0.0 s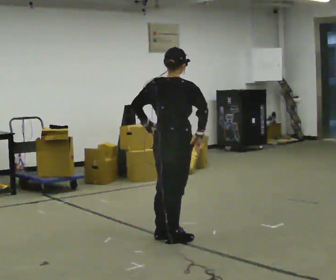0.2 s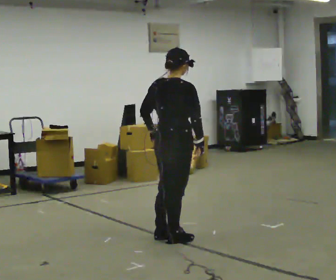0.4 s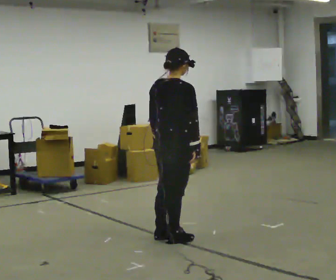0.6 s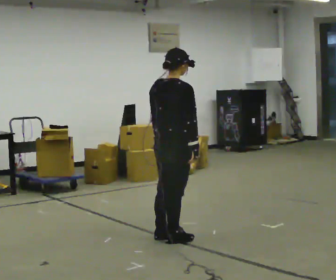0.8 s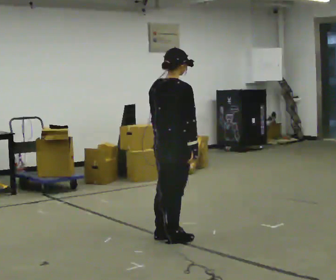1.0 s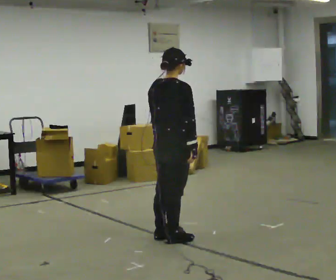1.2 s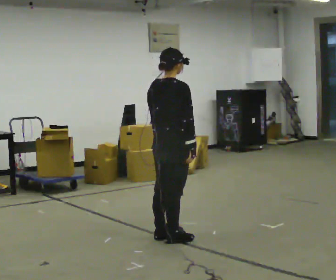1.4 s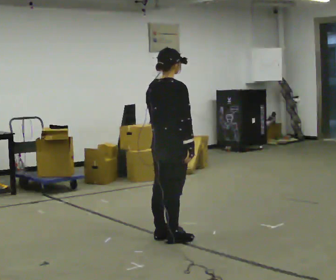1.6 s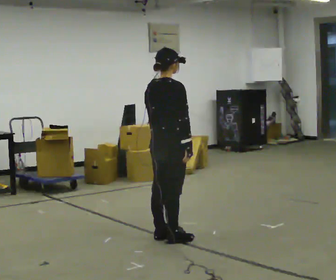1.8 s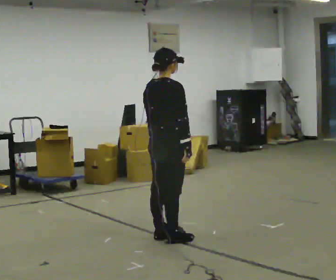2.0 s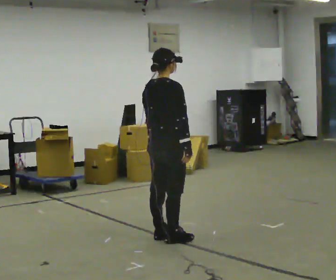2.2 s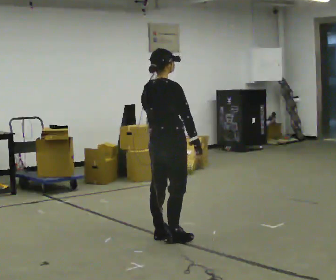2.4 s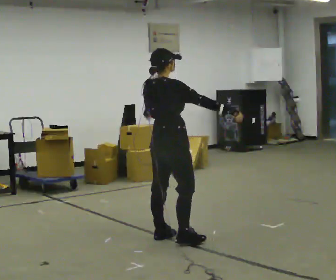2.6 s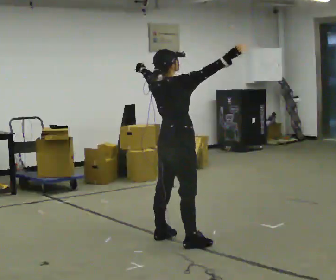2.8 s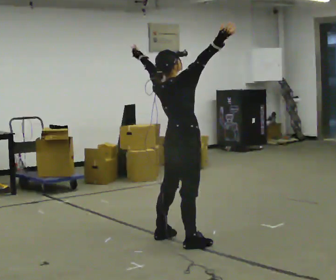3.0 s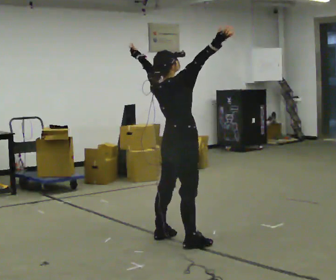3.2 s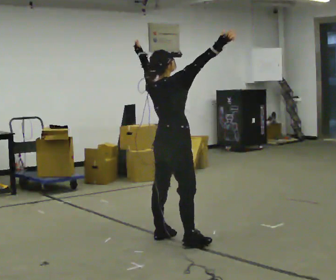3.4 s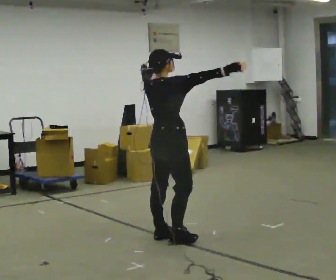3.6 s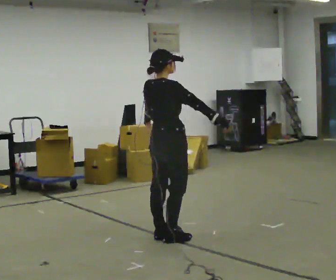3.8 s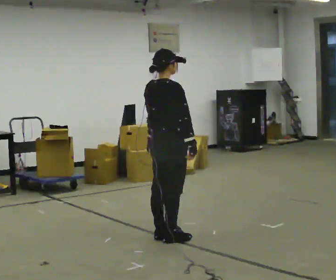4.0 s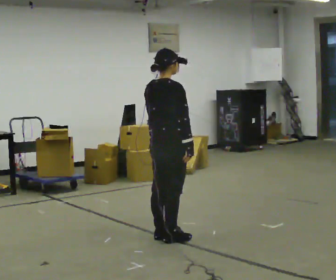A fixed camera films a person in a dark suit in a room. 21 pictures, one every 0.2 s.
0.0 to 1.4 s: The person moves a little, or ends about where they began.
1.4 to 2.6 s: In the picture their right hand goes upward, the arm swinging counterclockwise.
2.6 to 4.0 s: In the picture their right hand goes downward.
The film runs backward here.
